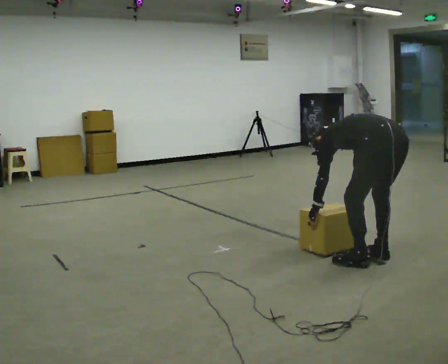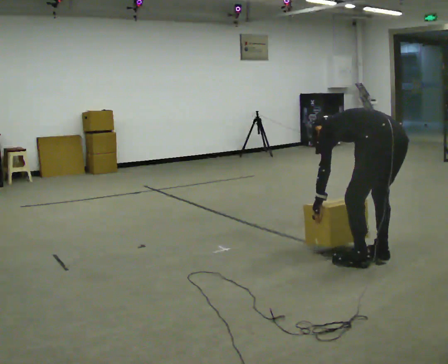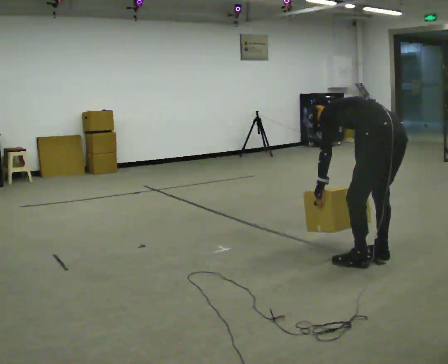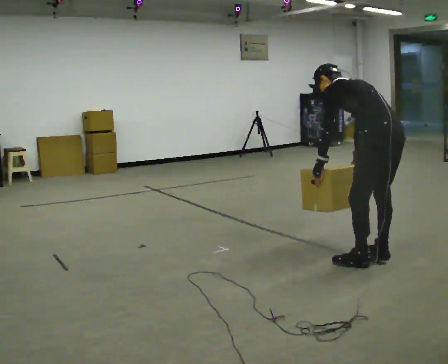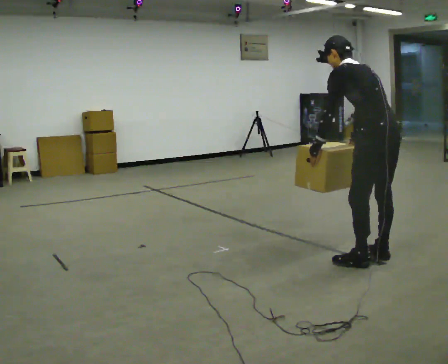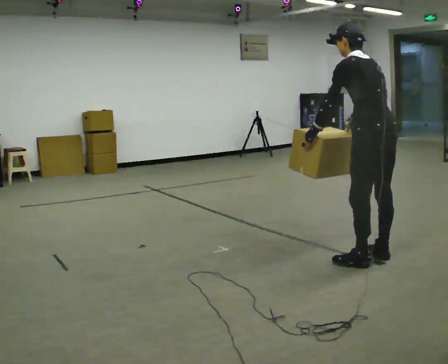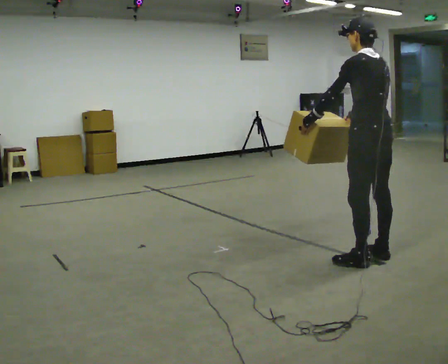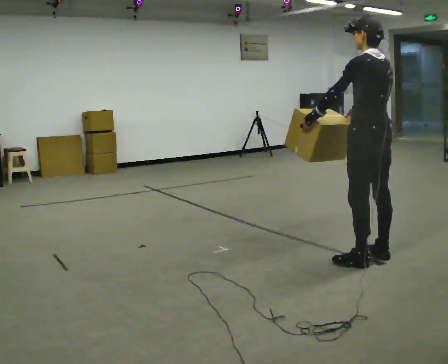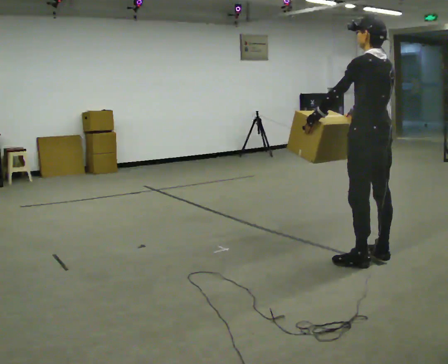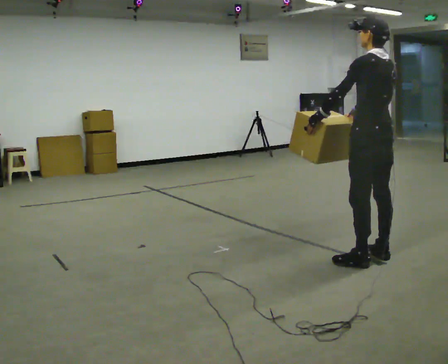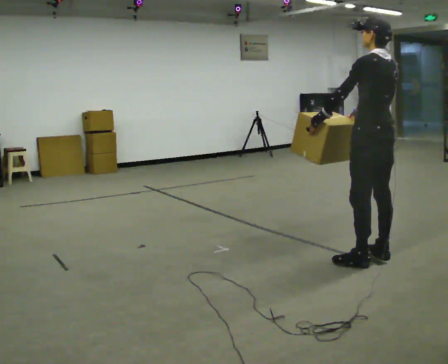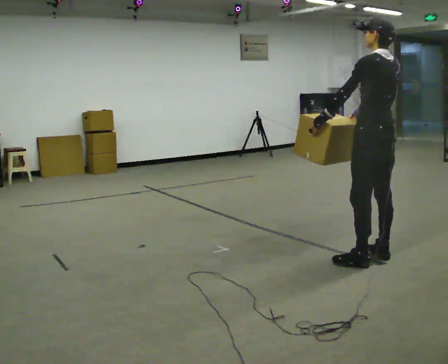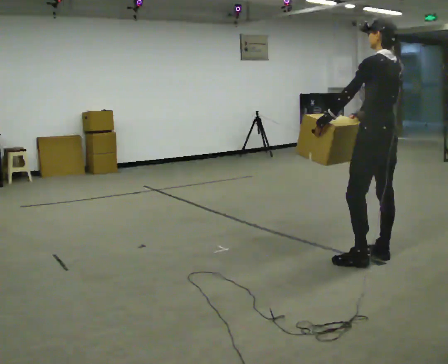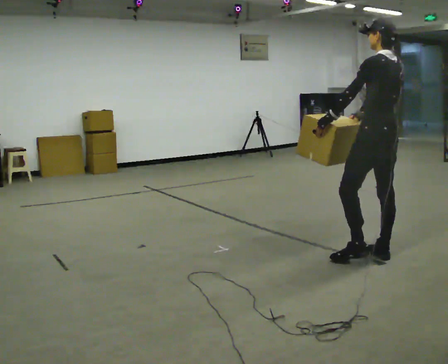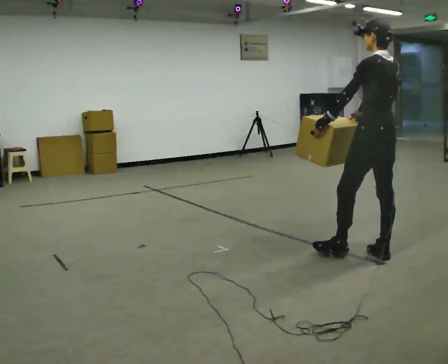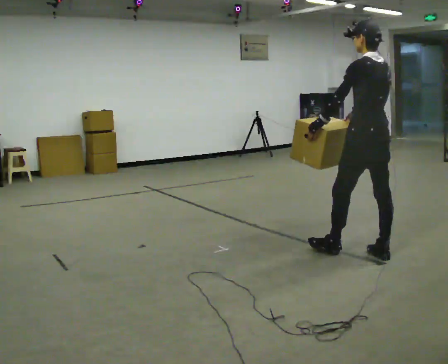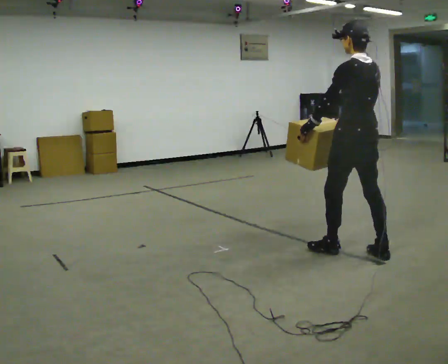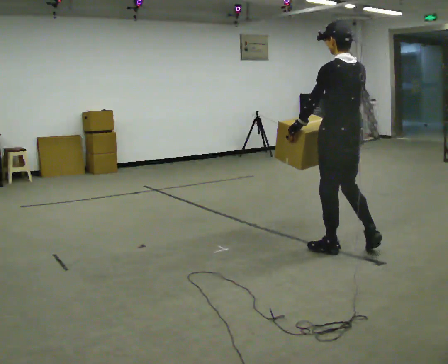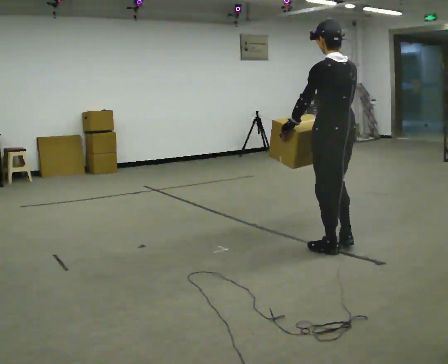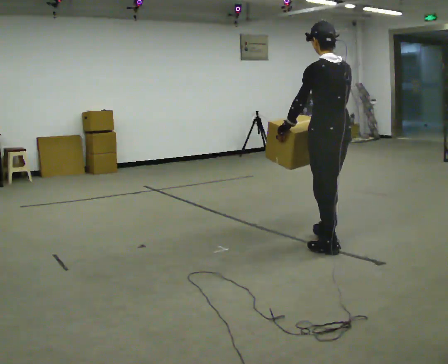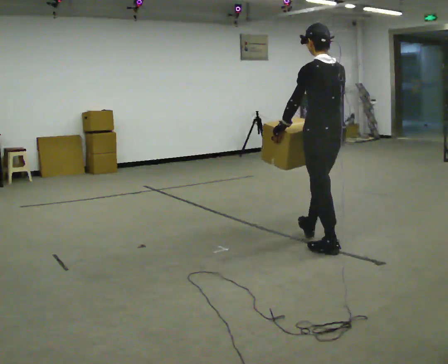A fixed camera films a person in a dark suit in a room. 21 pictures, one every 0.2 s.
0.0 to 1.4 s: The upper body goes upward. In the picture the upper body tilts clockwise, shoulders to the right, as they lean back or straighten. In the picture their right hand goes upward.
1.4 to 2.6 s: The person moves a little, or ends about where they began.
2.6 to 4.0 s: In the picture they go to the left, about 0.5 m in 2 steps, which for them is forward.
The film runs forward here.
